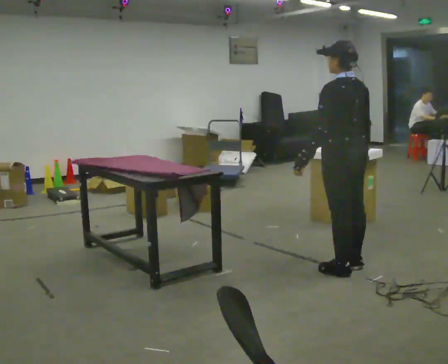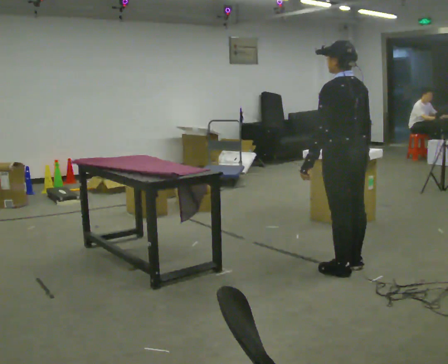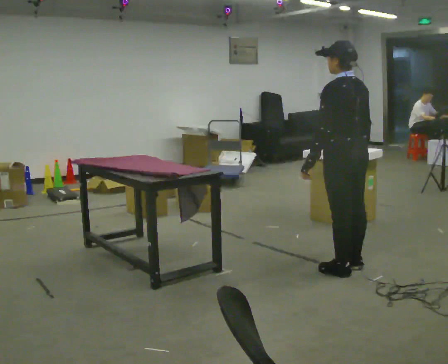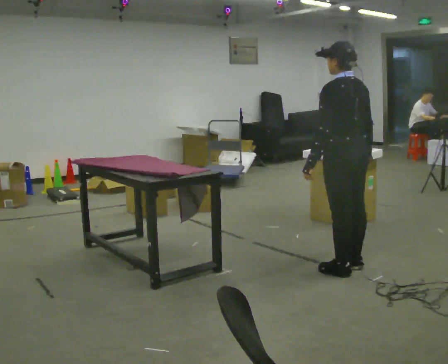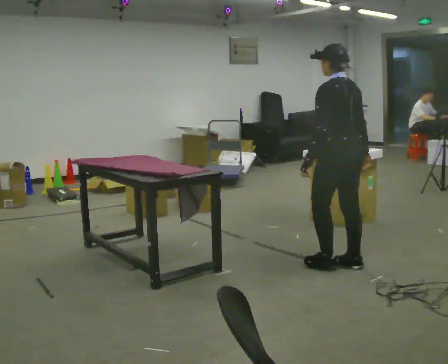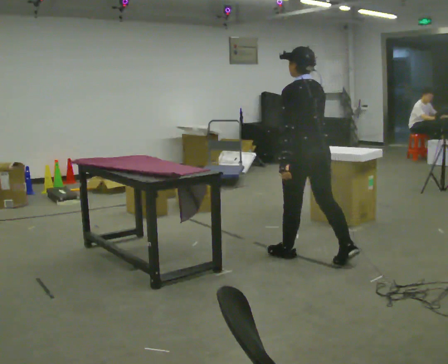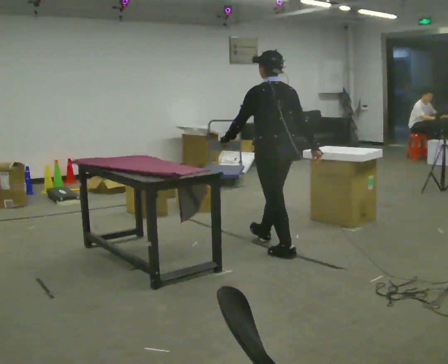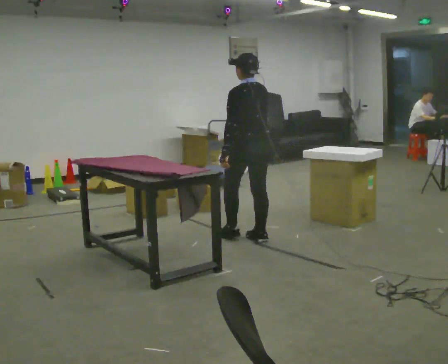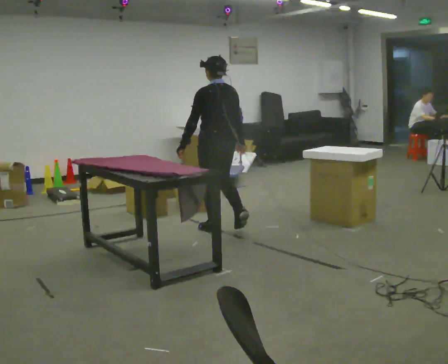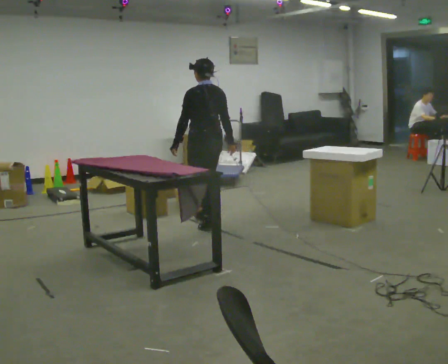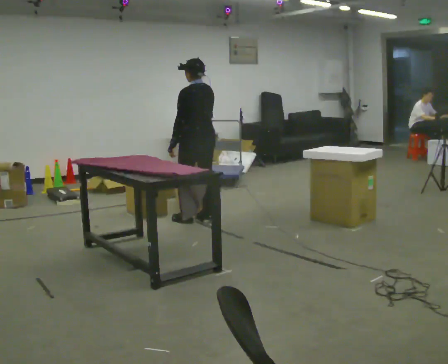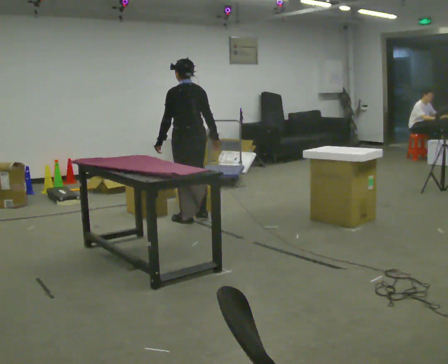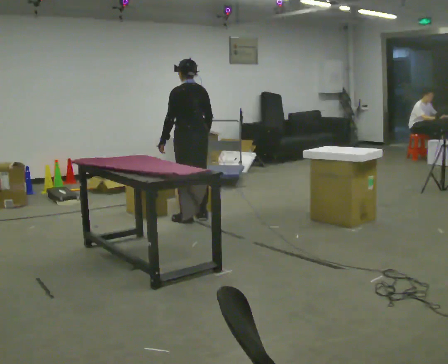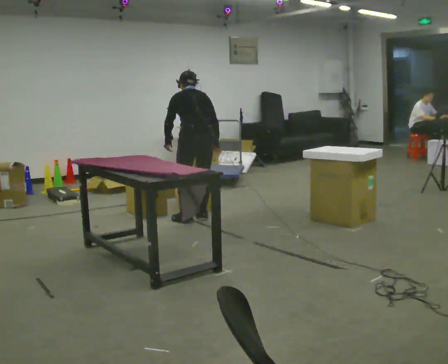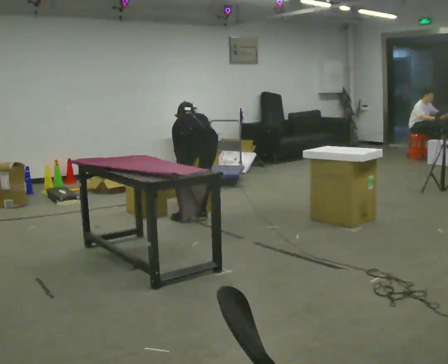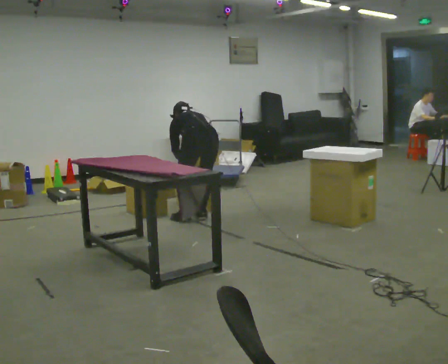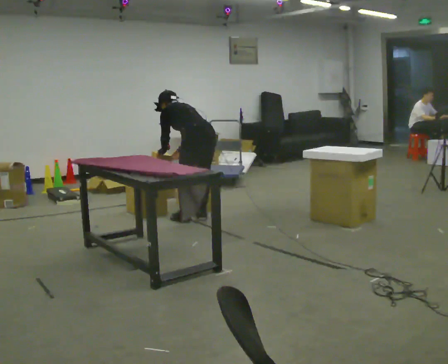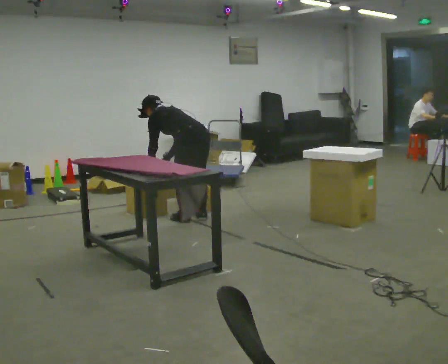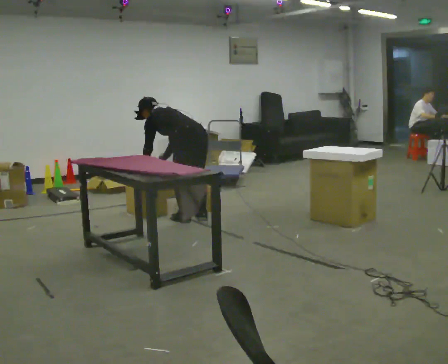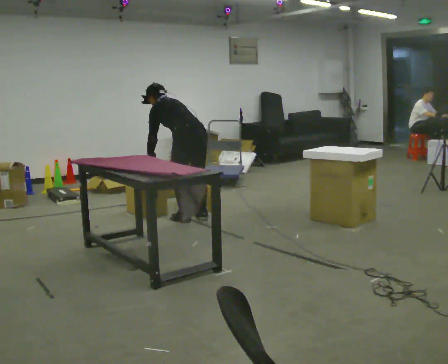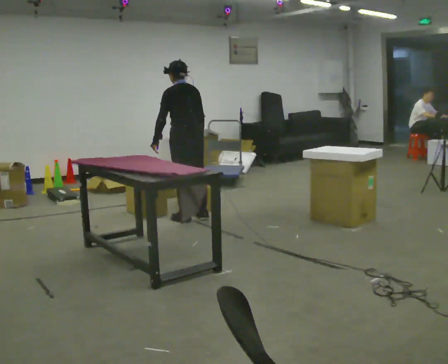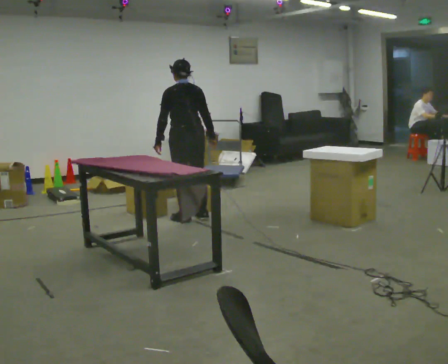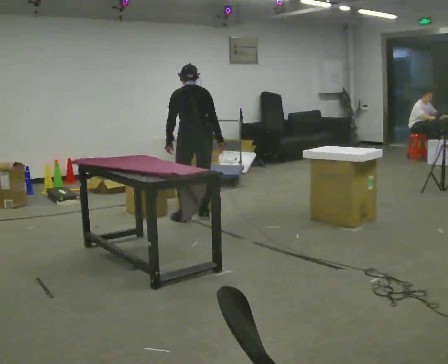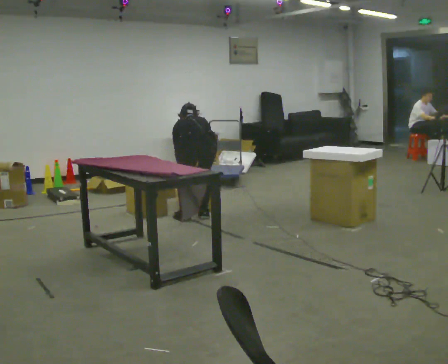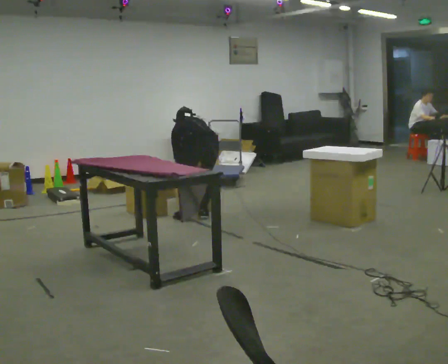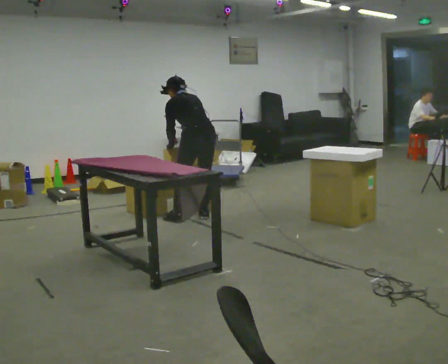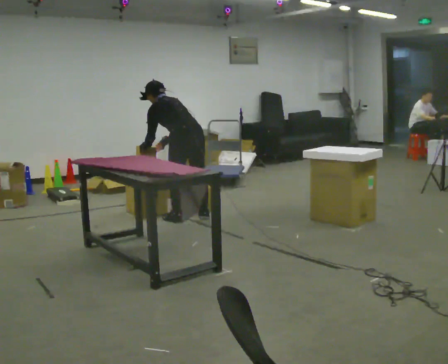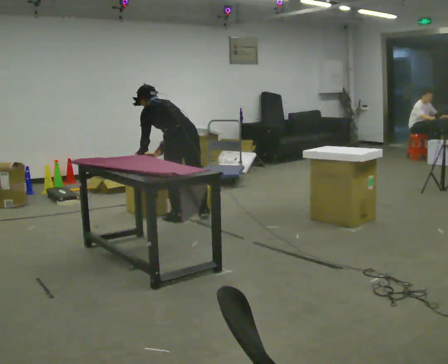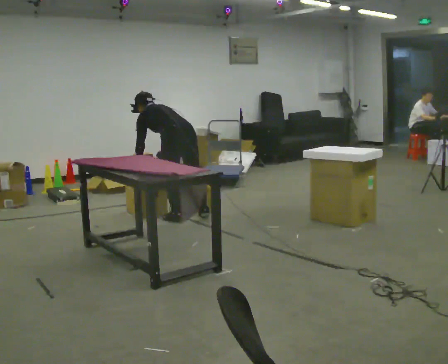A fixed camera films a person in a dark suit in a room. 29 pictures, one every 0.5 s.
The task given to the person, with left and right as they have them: 1. Move everything from the second bin into the first bin. 2. Carry the empty bin to the shelf. 3. Carry the full bin to the table. 4. Tell the operator when you are finished.
0.0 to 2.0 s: The person moves a little, or ends about where they began.
2.0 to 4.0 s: In the picture they go away from the camera and to the left, about 1.5 m in 3 steps, which for them is forward.
4.0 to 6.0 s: In the picture they go away from the camera and to the left, about 0.5 m in 2 steps, which for them is forward.
6.0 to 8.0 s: The person moves a little, or ends about where they began.
8.0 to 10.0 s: The upper body tips toward the camera, its near side rolling downward, as they lean back or straighten.
10.0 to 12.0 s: The upper body tips away from the camera, its near side rolling upward, as they bend forward. In the picture their left hand goes downward.
12.0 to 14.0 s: In the picture they go to the left, about 0.25 m, which for them is to their left. In the picture their left hand goes to the left.
The film runs forward here.
